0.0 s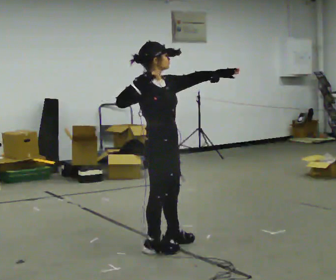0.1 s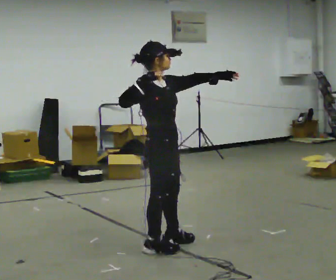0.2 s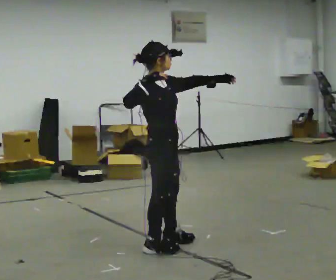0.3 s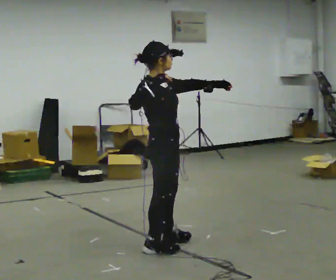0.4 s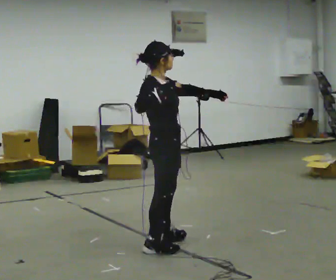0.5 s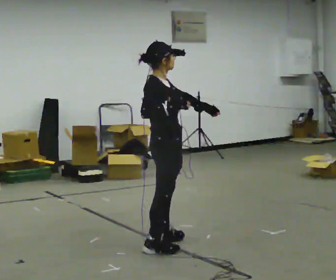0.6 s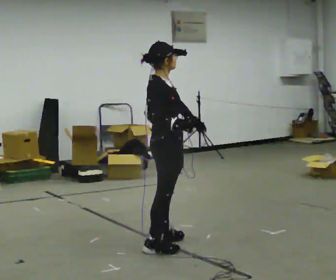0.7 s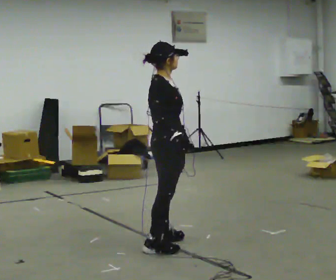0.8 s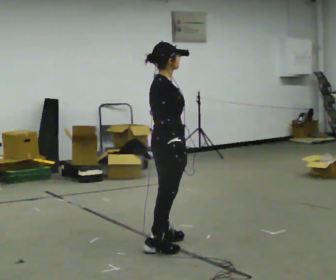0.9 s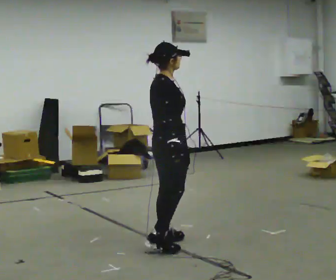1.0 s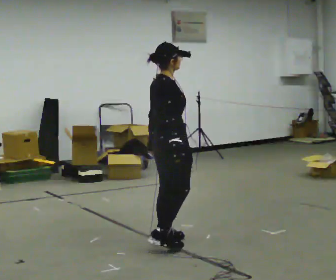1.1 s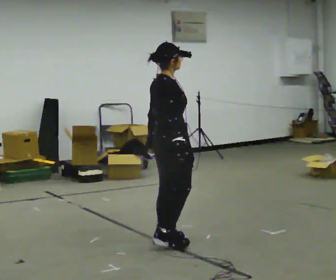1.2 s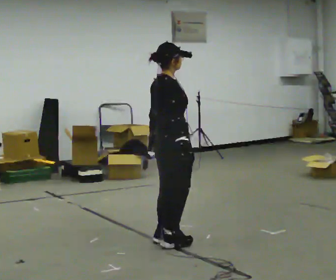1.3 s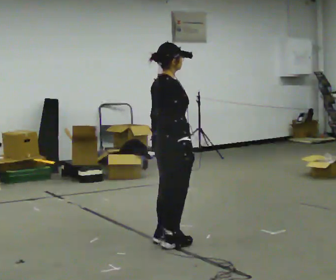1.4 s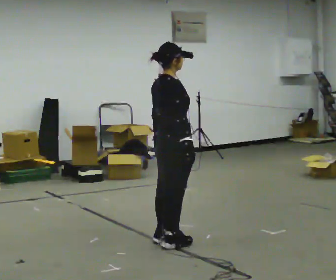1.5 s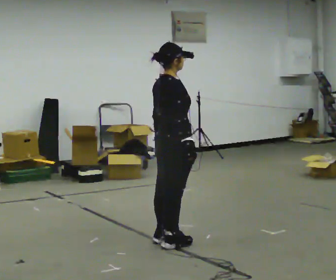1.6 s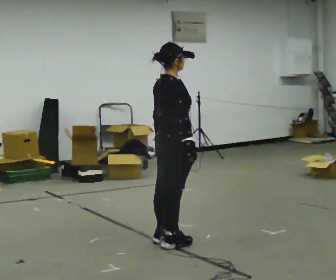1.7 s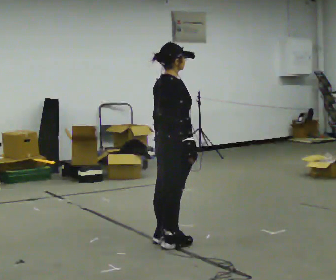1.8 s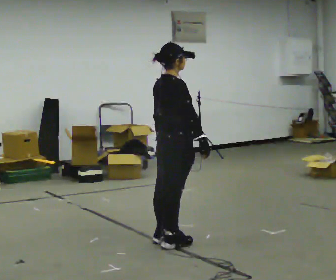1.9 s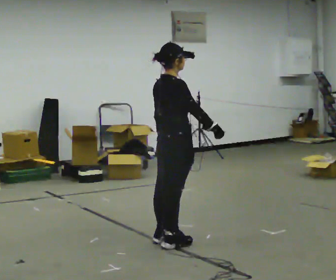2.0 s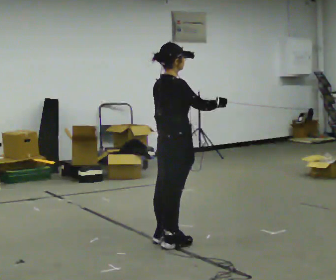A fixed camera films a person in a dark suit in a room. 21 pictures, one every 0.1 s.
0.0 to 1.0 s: Seen from above the body turns counterclockwise, about 45 degrees: to their left, with its near side sliding to the right. In the picture they go away from the camera, about 0.25 m, which for them is to their left. In the picture their left hand goes downward and to the left, the arm swinging clockwise.
1.0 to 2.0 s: In the picture their right hand goes upward, the arm swinging counterclockwise.
The film runs forward here.
